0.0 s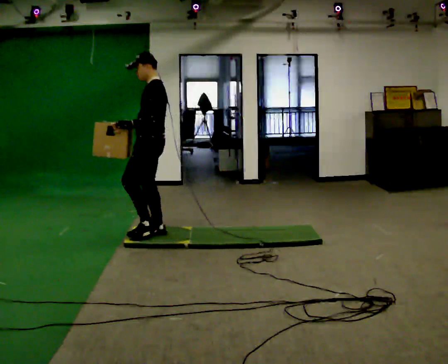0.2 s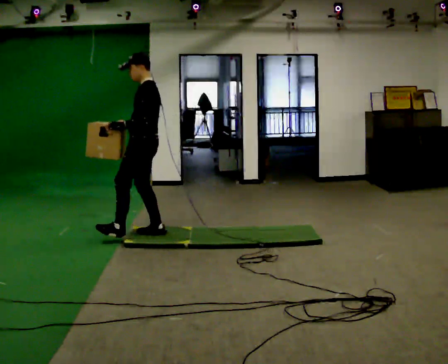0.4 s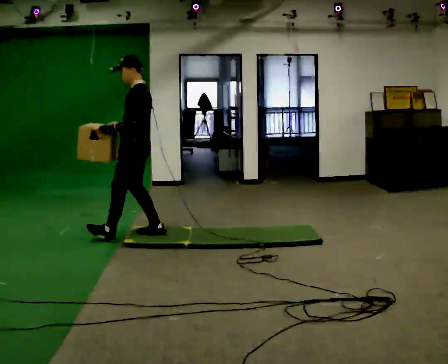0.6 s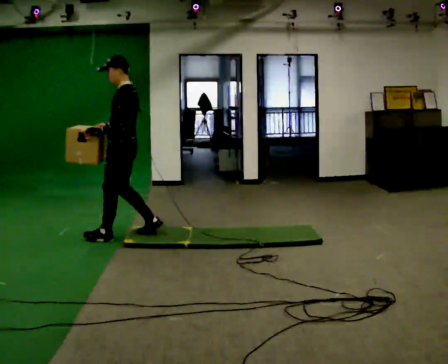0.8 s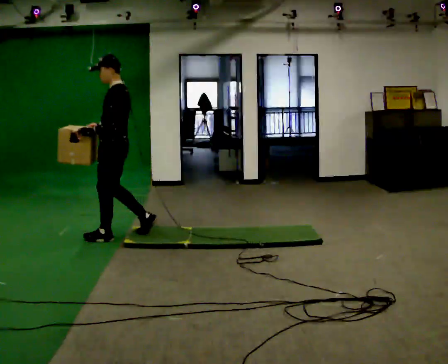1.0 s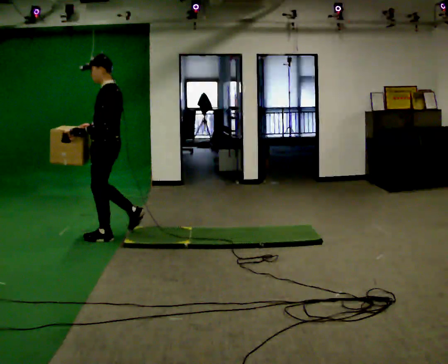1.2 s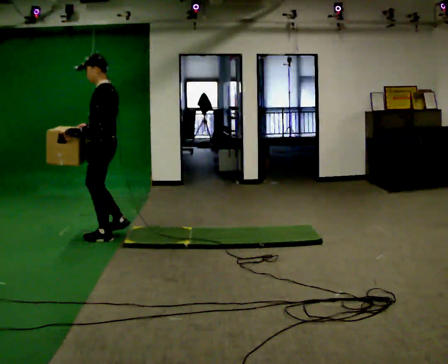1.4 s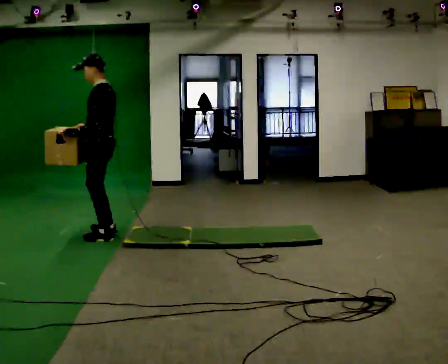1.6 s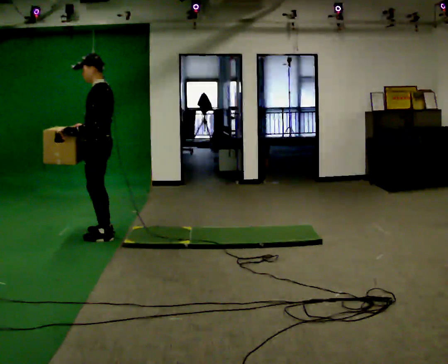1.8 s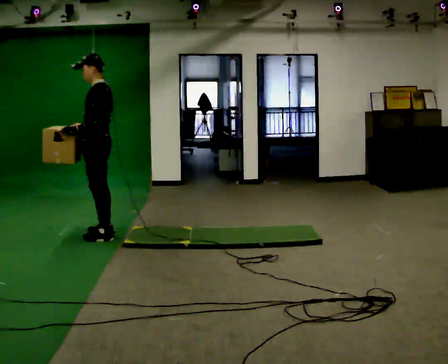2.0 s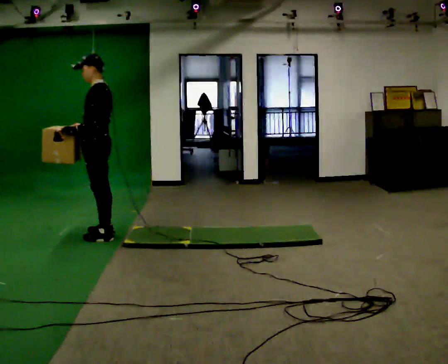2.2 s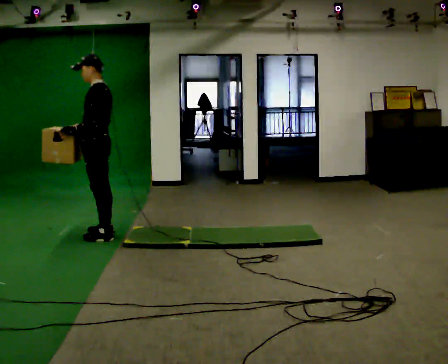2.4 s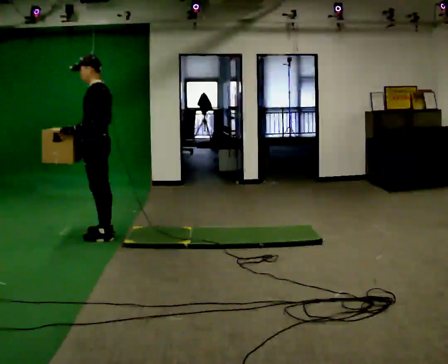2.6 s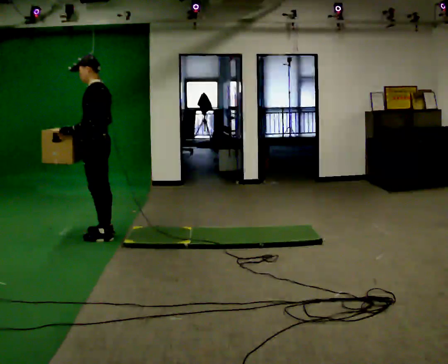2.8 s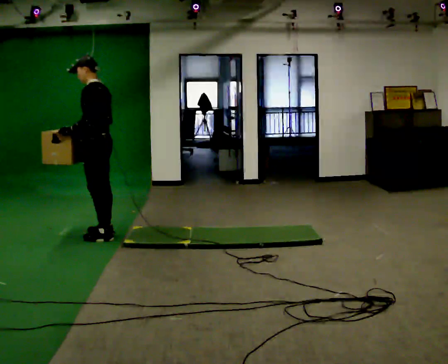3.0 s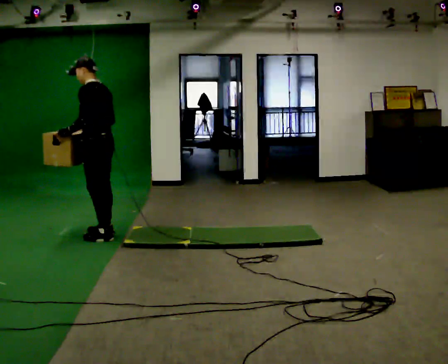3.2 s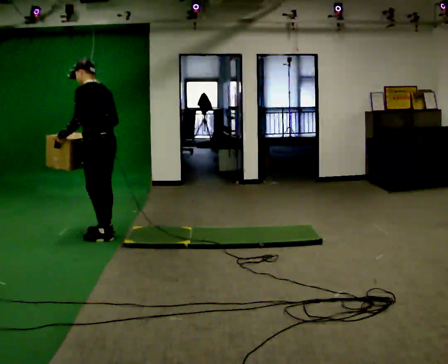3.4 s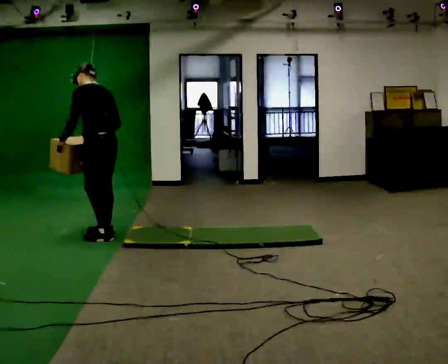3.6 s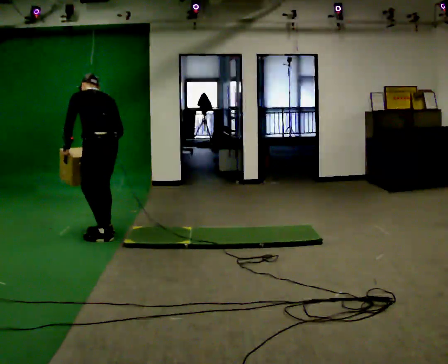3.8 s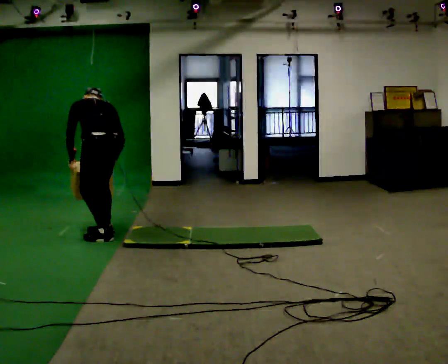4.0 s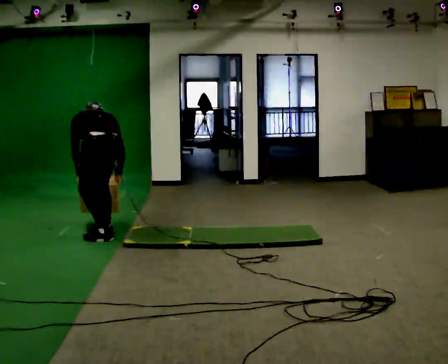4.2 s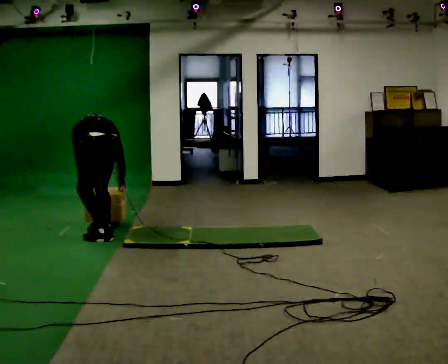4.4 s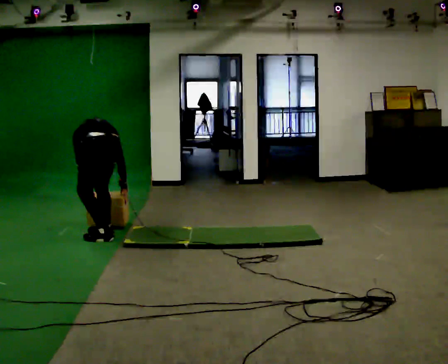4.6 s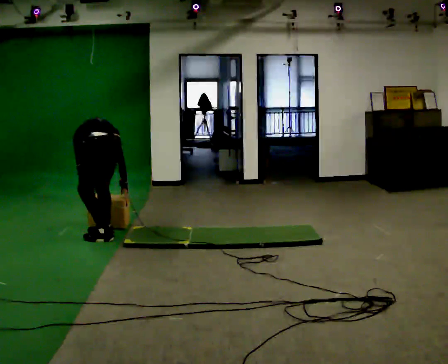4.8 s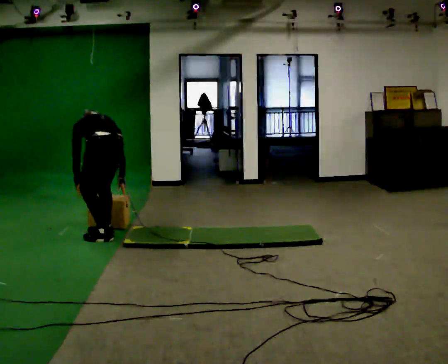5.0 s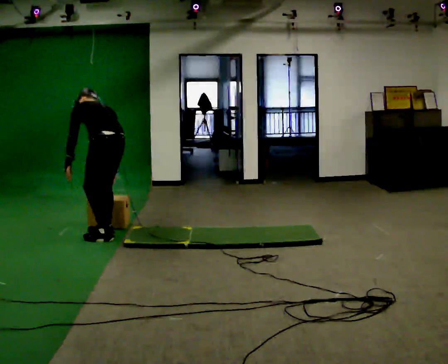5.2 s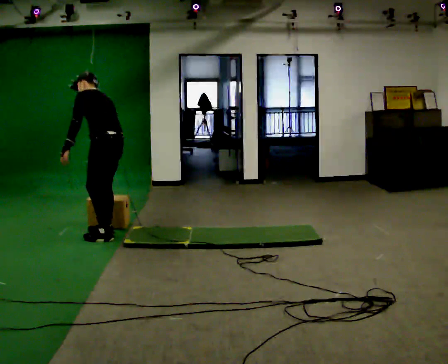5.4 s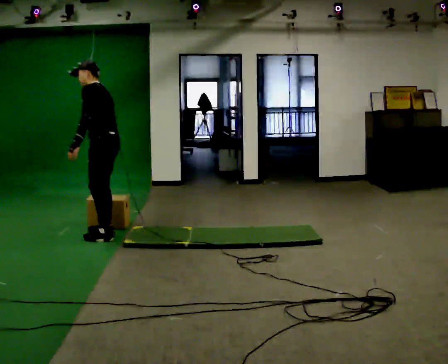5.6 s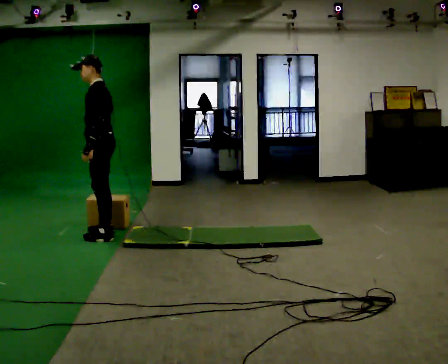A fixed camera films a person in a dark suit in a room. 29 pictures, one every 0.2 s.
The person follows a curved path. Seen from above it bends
clockwise.
0.0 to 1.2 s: In the picture they go to the left, about 0.5 m in 1 step, which for them is forward.
1.2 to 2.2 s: The person moves a little, or ends about where they began.
2.2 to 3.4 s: The part of the body nearest the lens slides to the left as the person turns to their right by about 30 degrees. The upper body tips away from the camera, its near side rolling upward, as they bend forward.
3.4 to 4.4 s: The person turns about 30 degrees to their right, clockwise seen from above, so the part of the body nearest the lens slides to the left. The upper body goes downward. The upper body tips away from the camera, its near side rolling upward, as they bend forward. In the picture their left hand goes downward.
4.4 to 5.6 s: The part of the body nearest the lens slides to the right as the person turns to their left by about 60 degrees. In the picture they go away from the camera, about 0.25 m. The upper body goes upward. The upper body tips toward the camera, its near side rolling downward, as they lean back or straighten. In the picture their left hand goes upward.
The film runs forward here.
